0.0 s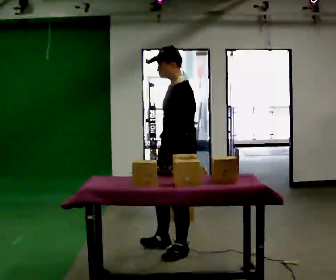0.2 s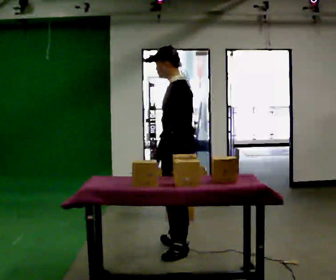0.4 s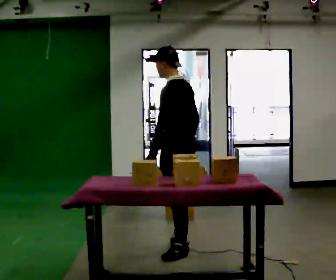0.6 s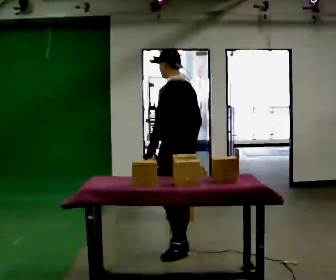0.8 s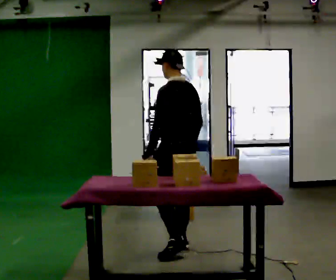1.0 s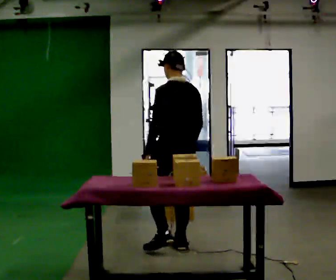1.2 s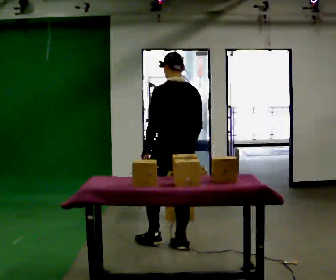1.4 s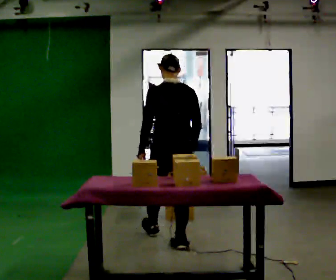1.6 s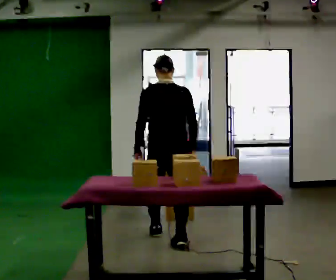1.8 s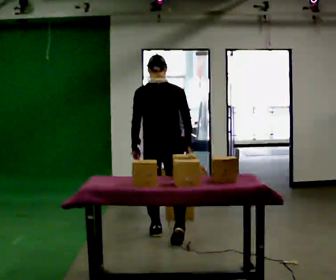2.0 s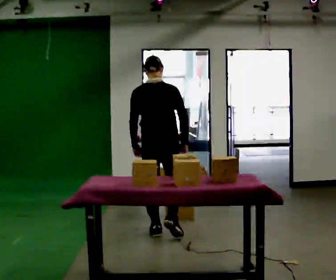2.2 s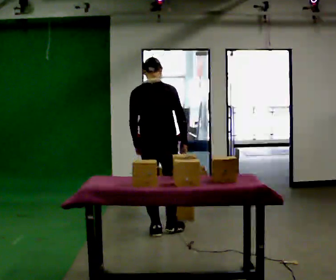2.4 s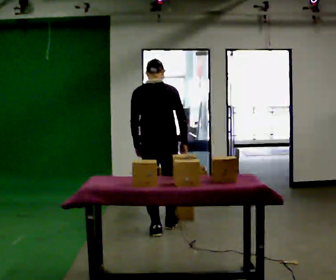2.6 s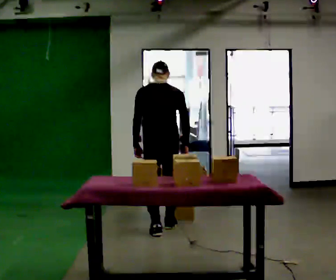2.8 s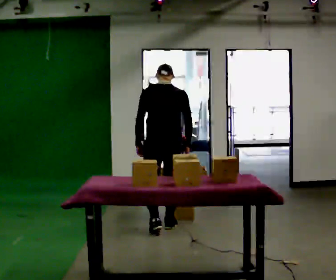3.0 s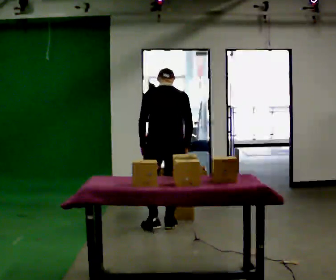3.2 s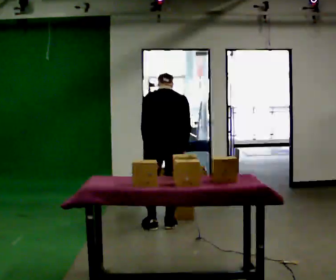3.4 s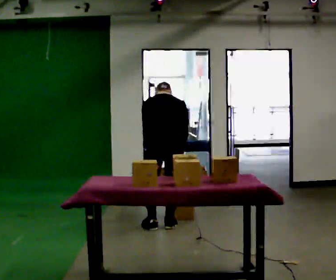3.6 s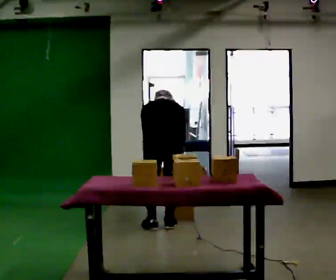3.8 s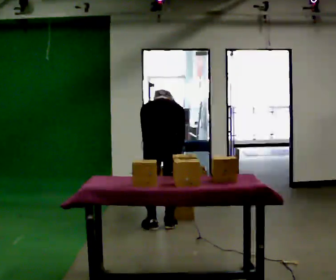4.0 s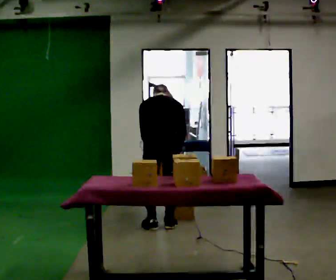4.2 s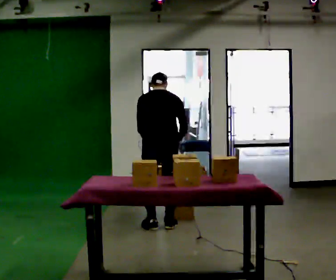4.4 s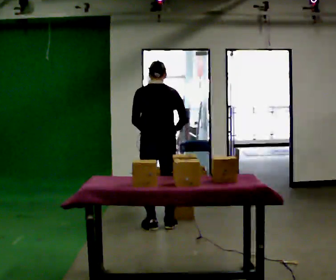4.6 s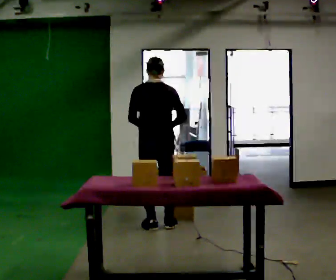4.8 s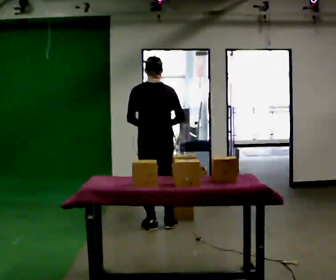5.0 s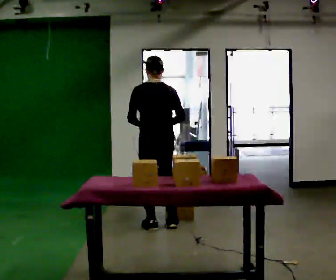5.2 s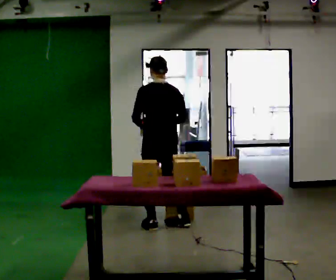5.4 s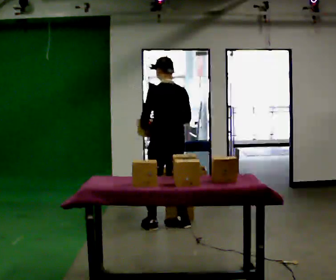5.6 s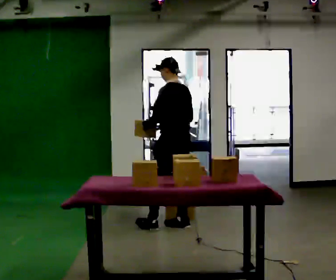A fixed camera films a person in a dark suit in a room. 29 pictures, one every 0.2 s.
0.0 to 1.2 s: The person turns about 75 degrees to their right, clockwise seen from above, so the part of the body nearest the lens slides to the left. In the picture they go away from the camera, about 0.25 m in 1 step.
1.2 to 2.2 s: The part of the body nearest the lens slides to the left as the person turns to their right by about 30 degrees. In the picture they go away from the camera and to the left, about 0.5 m in 1 step, which for them is forward and to their left.
2.2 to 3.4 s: In the picture they go away from the camera, about 0.25 m in 2 steps, which for them is forward. The upper body tips away from the camera, its near side rolling upward, as they bend forward.
3.4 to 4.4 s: The person moves a little, or ends about where they began.
4.4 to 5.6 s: The person turns about 60 degrees to their left, counterclockwise seen from above, so the part of the body nearest the lens slides to the right. In the picture they go to the right, about 0.25 m in 1 step, which for them is to their right.
The film runs forward here.
